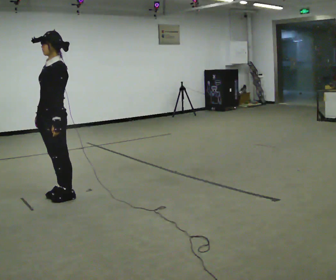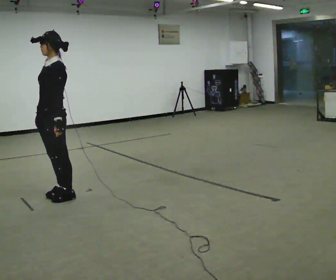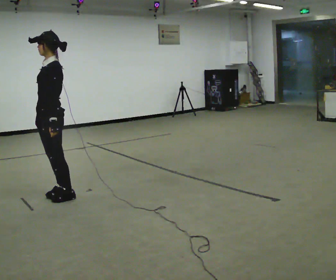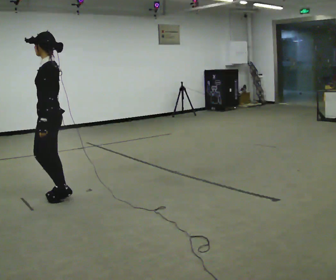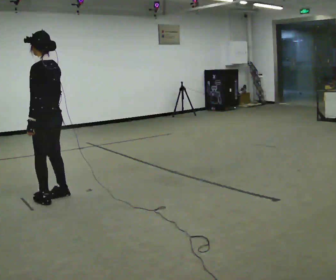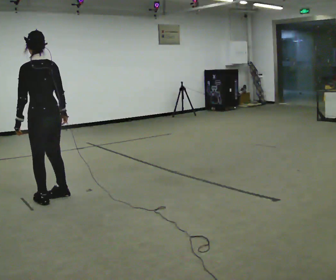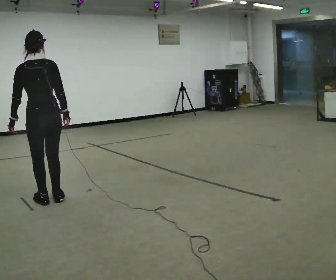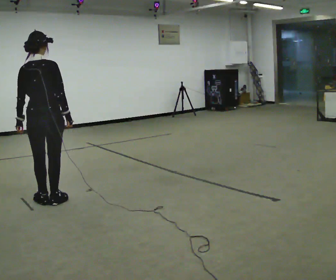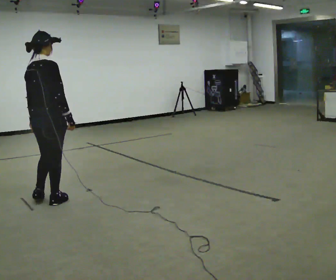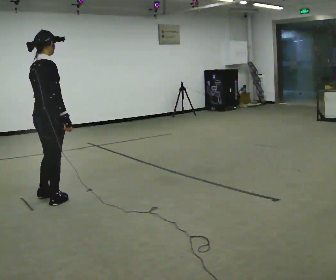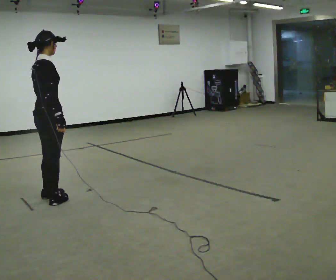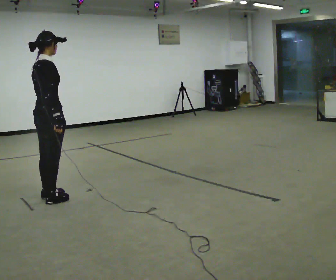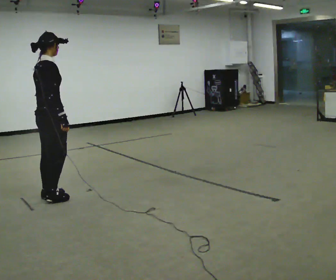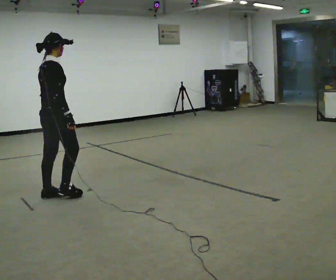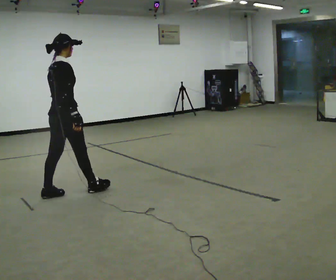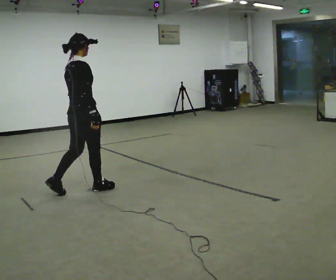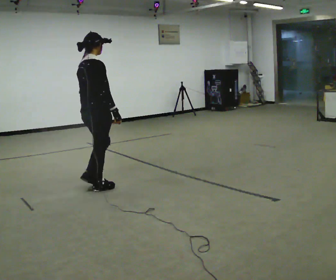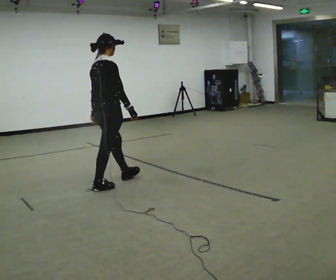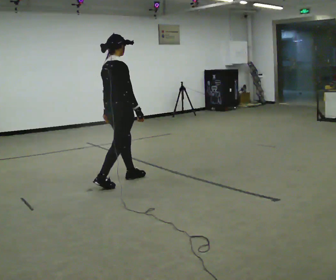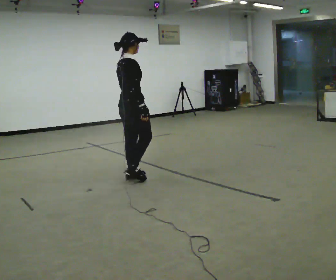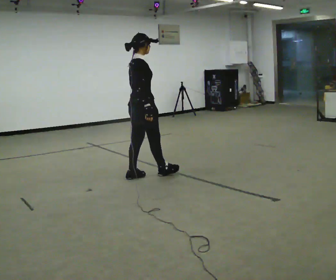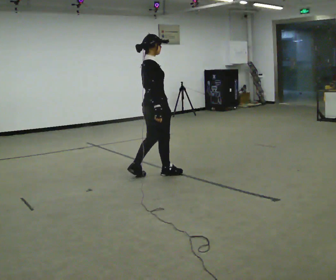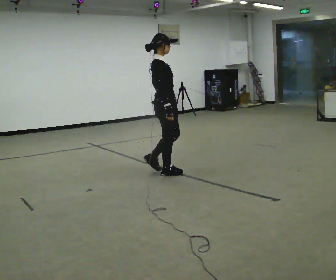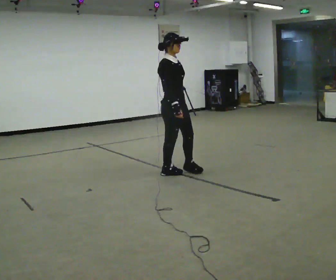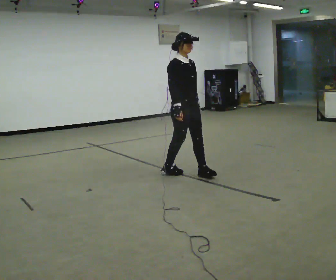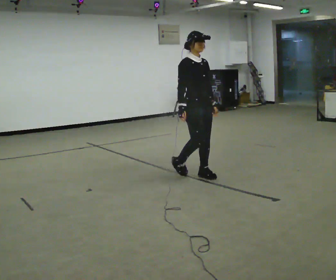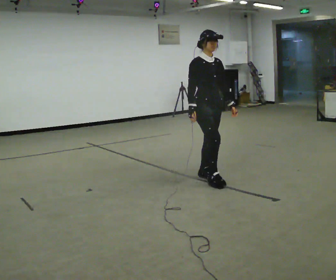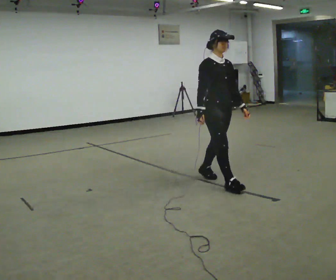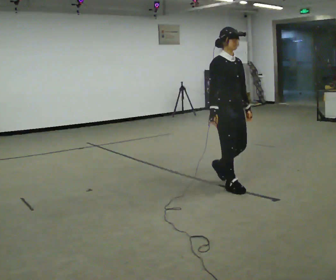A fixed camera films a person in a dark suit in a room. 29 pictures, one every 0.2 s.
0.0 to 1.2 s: The part of the body nearest the lens slides to the left as the person turns to their right by about 105 degrees.
1.2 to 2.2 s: The person turns about 75 degrees to their right, clockwise seen from above, so the part of the body nearest the lens slides to the left.
2.2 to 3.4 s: In the picture they go to the right and away from the camera, about 0.75 m in 1 step, which for them is forward.
3.4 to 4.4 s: The person turns about 45 degrees to their right, clockwise seen from above, so the part of the body nearest the lens slides to the left. In the picture they go to the right, about 0.75 m in 2 steps, which for them is forward.
4.4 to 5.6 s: Seen from above the body turns clockwise, about 45 degrees: to their right, with its near side sliding to the left. In the picture they go toward the camera and to the right, about 1 m in 2 steps, which for them is forward.
The film runs forward here.
